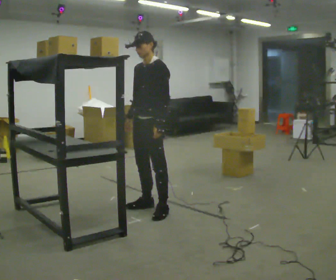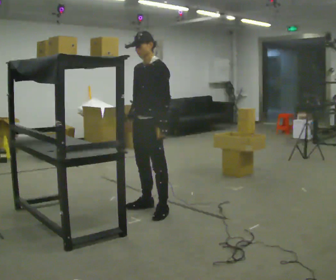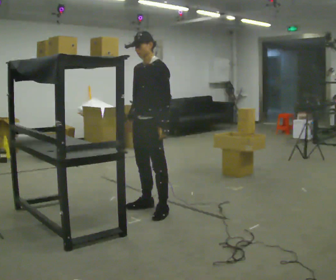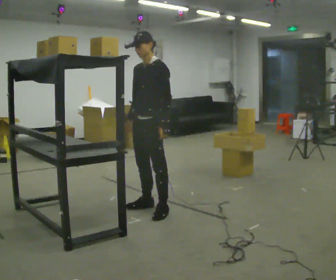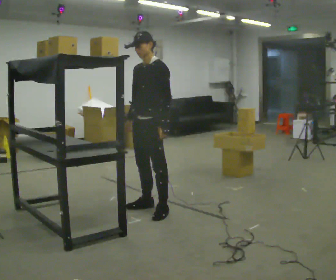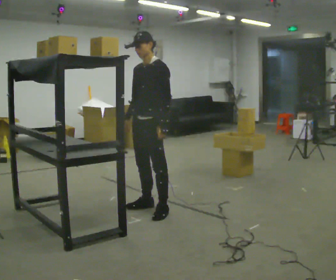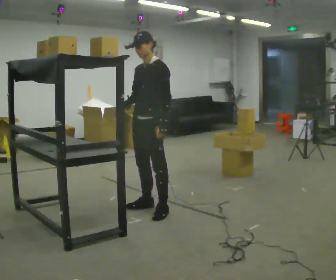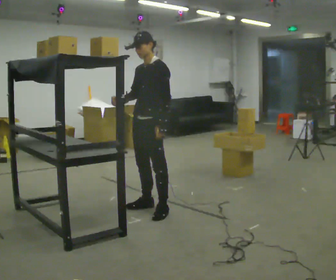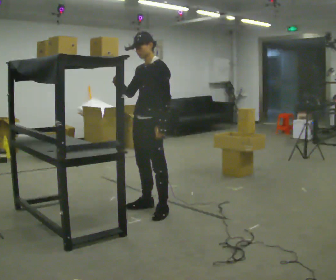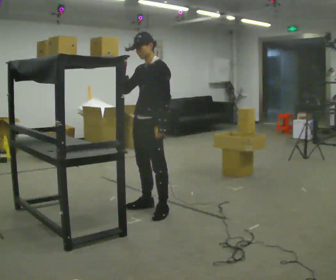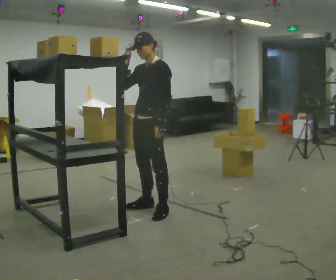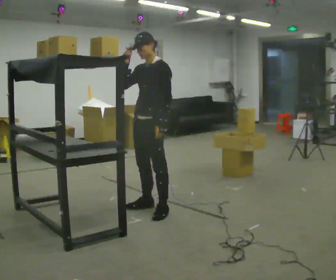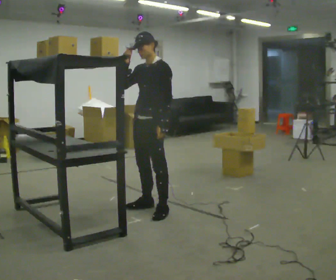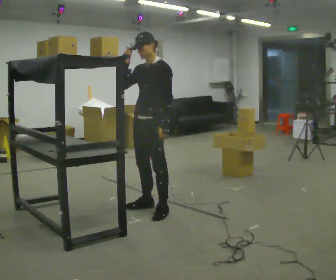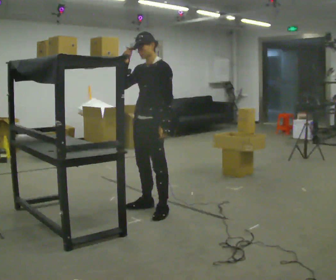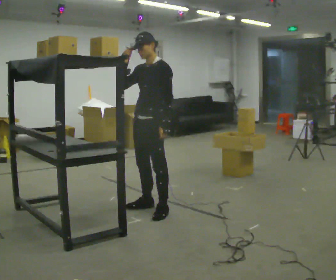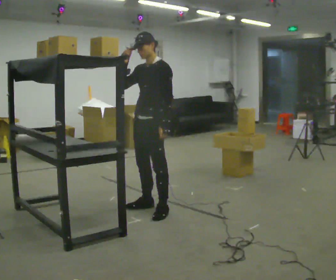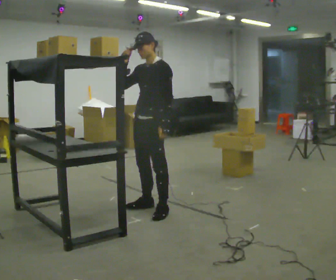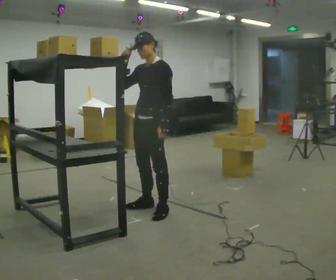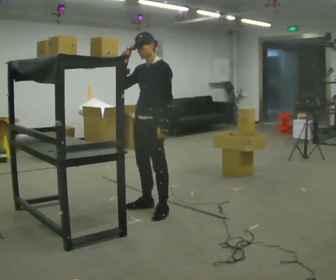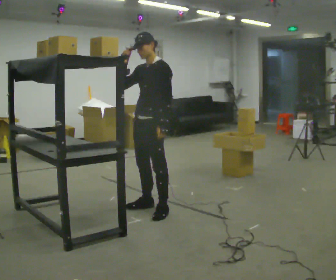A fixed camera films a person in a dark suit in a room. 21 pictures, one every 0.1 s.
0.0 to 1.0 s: In the picture their right hand goes upward.
1.0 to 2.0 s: The person moves a little, or ends about where they began.
The film runs forward here.
